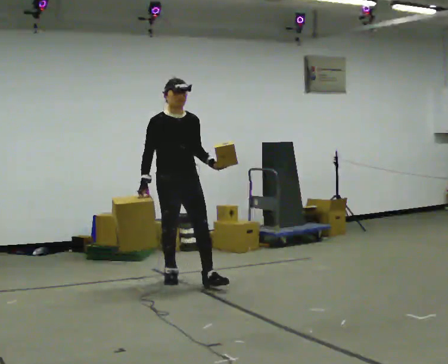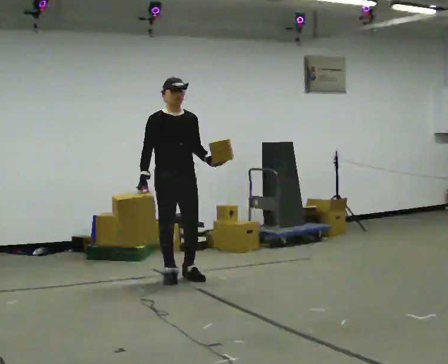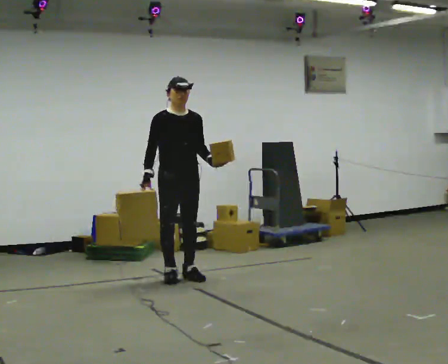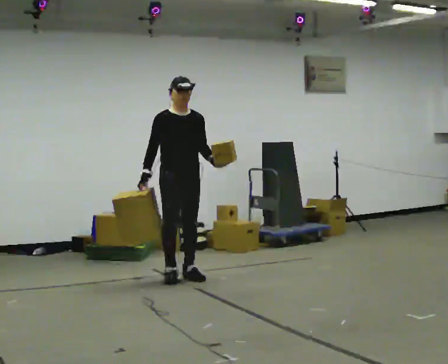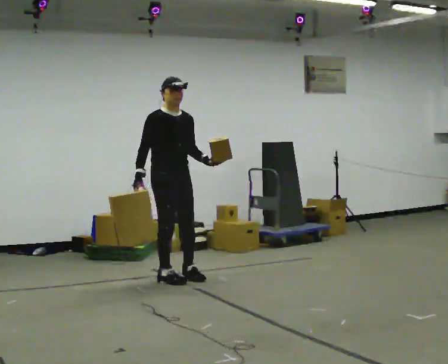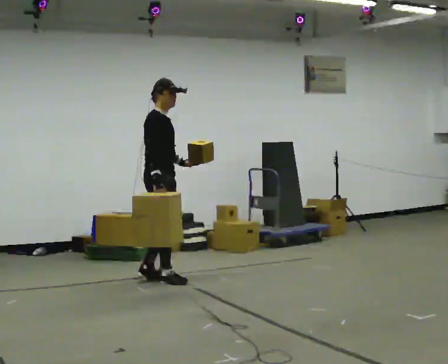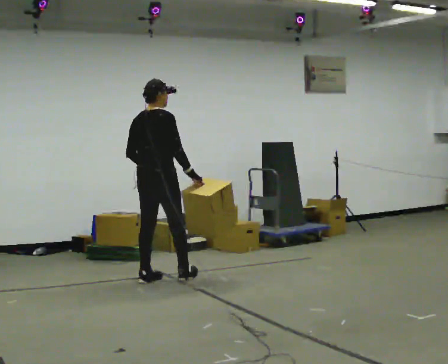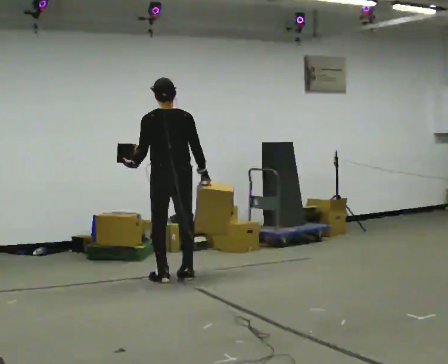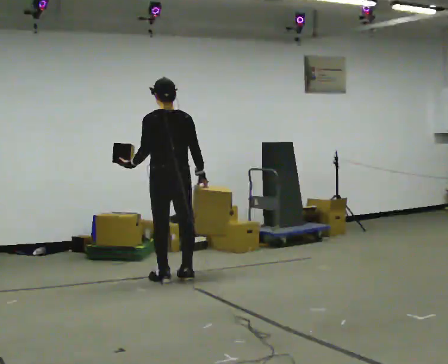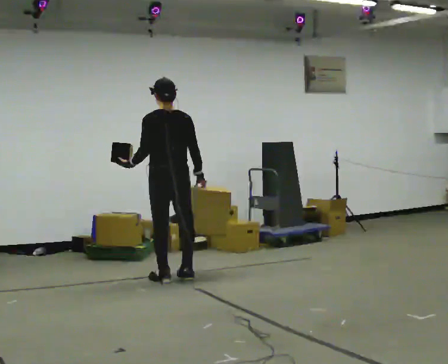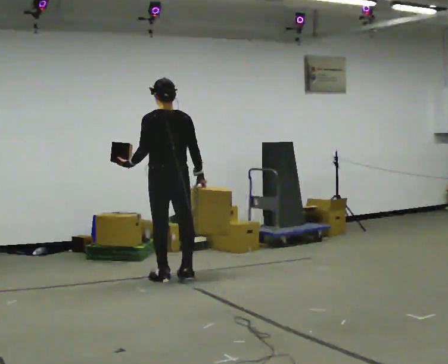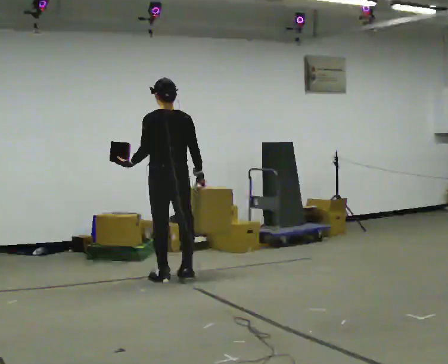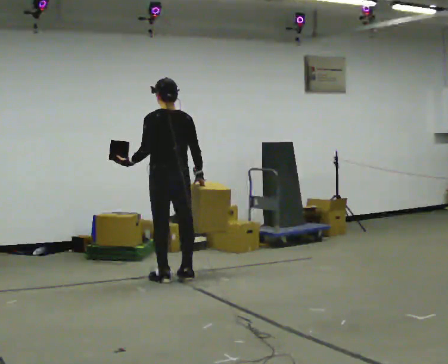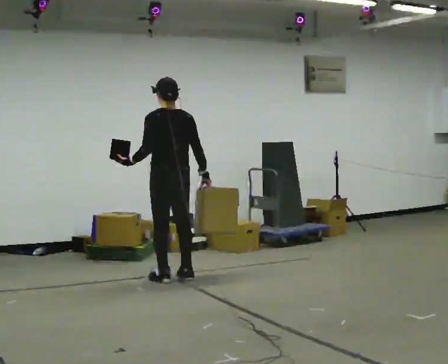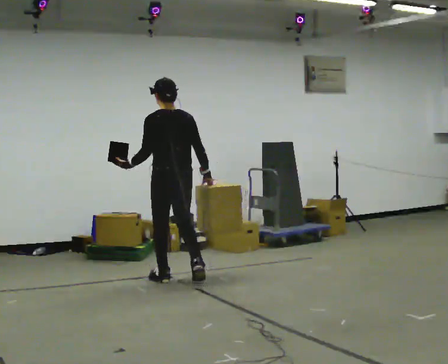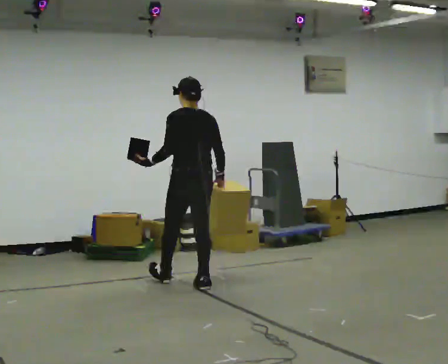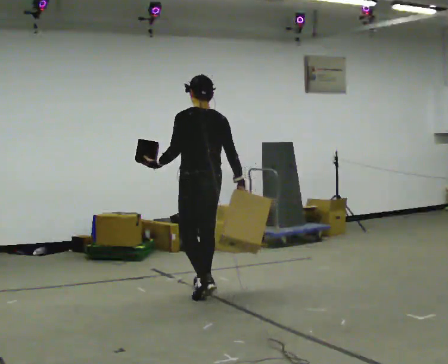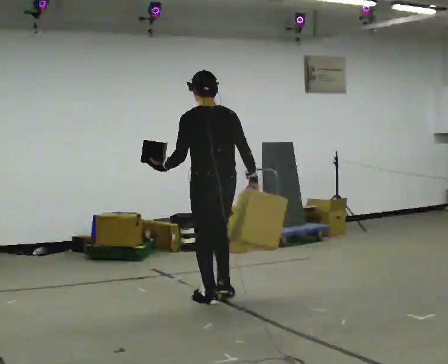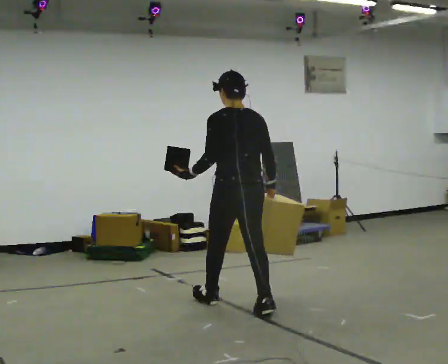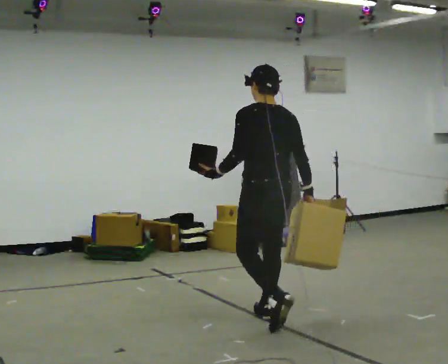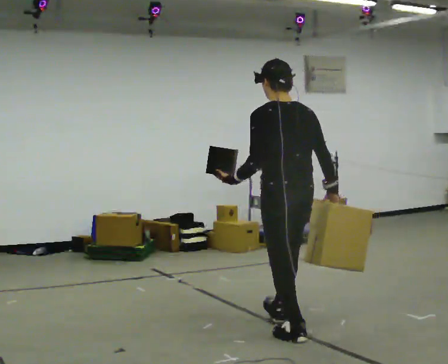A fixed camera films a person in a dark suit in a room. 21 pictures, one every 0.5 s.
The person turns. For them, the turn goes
to their left.
The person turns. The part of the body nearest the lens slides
to the right.
0.0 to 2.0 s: The person moves a little, or ends about where they began.
2.0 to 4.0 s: The person turns about 165 degrees to their left, counterclockwise seen from above, so the part of the body nearest the lens slides to the right. In the picture their left hand goes to the left, the arm swinging clockwise.
4.0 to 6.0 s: The person moves a little, or ends about where they began.
6.0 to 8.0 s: In the picture they go toward the camera and to the right, about 0.5 m in 2 steps, which for them is backward.
8.0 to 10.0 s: In the picture they go toward the camera and to the right, about 1.5 m in 3 steps, which for them is backward.
The film runs backward here.
